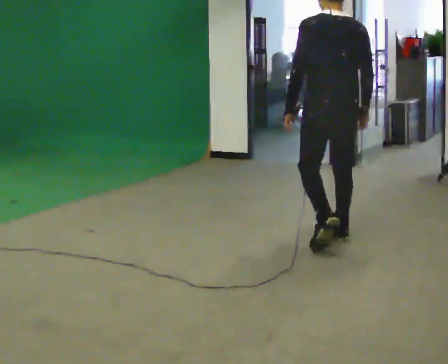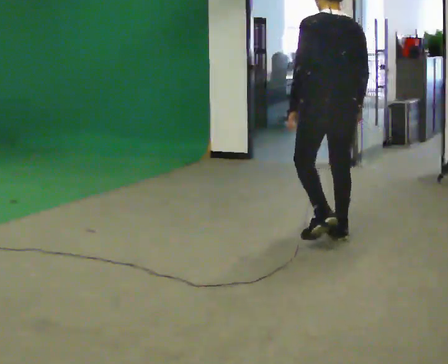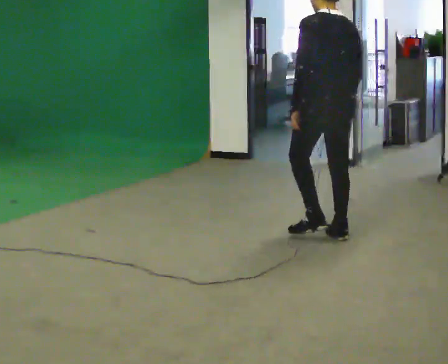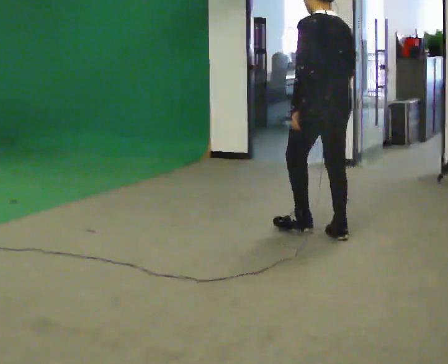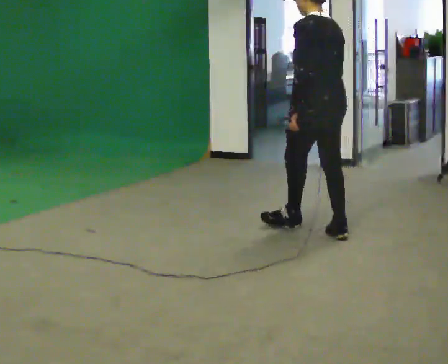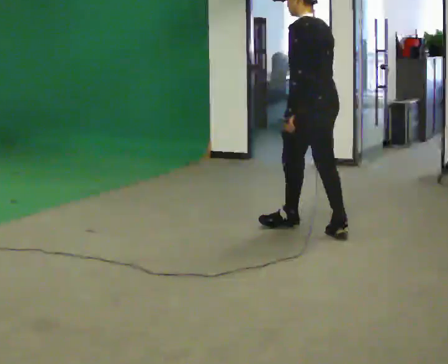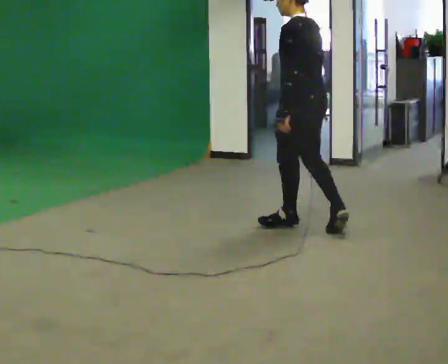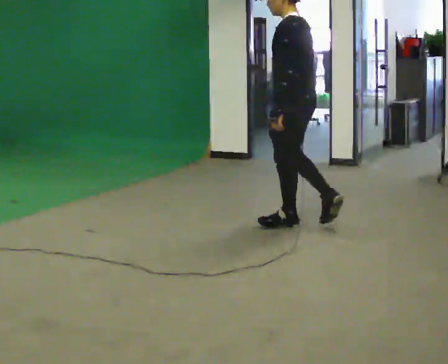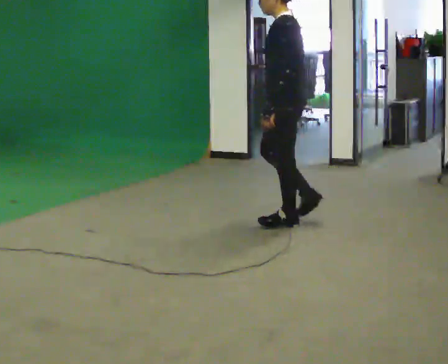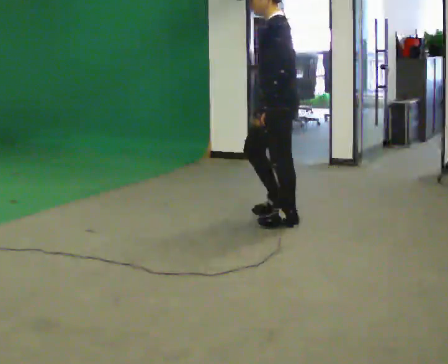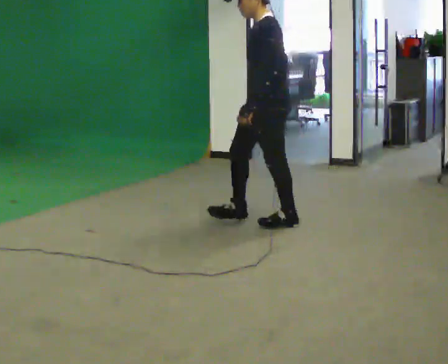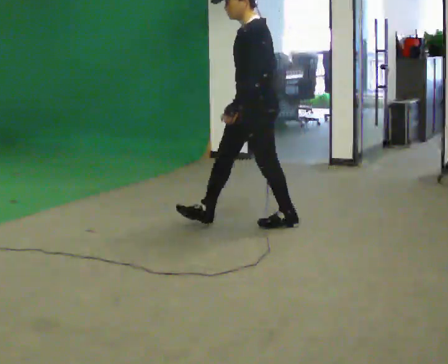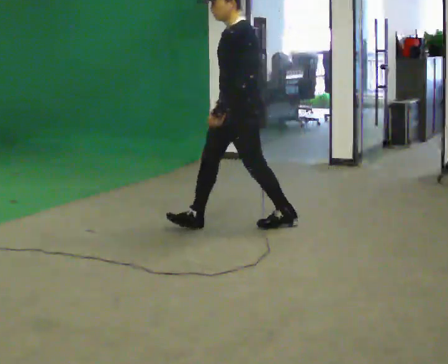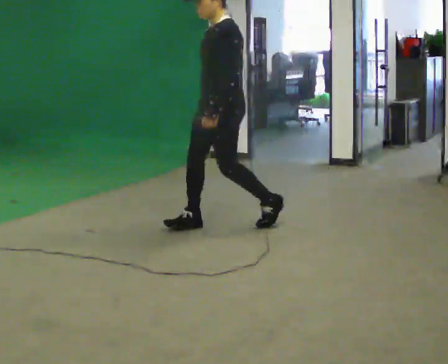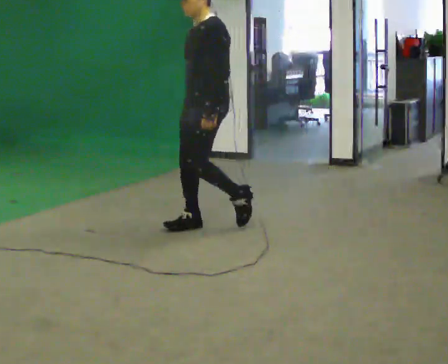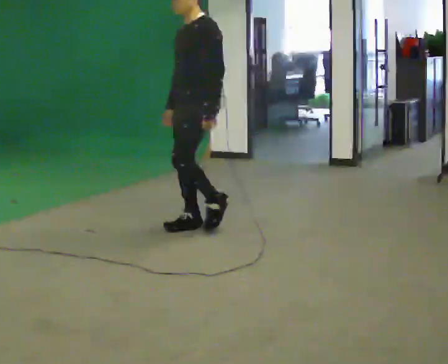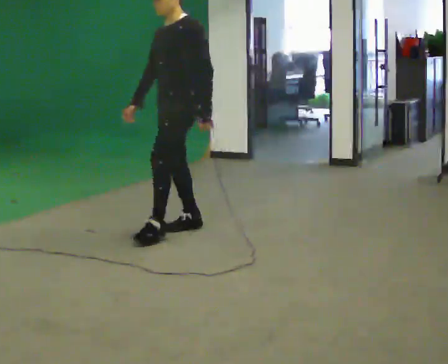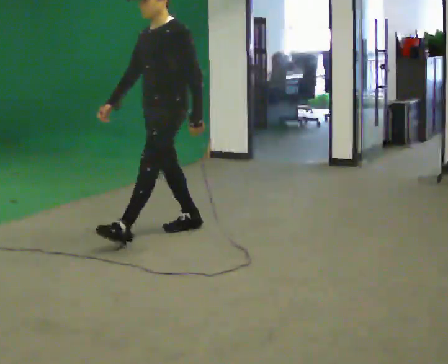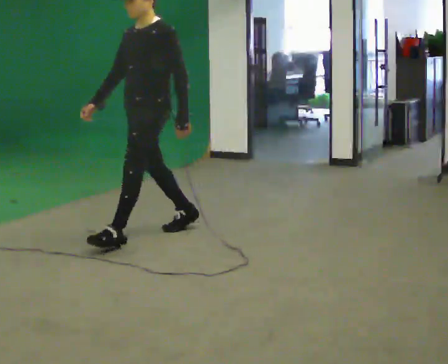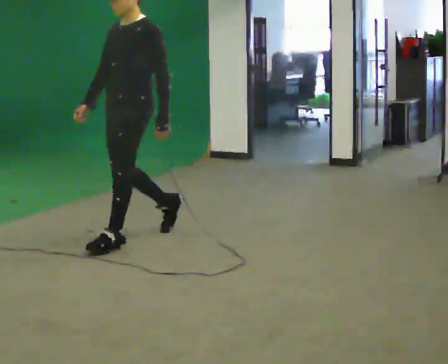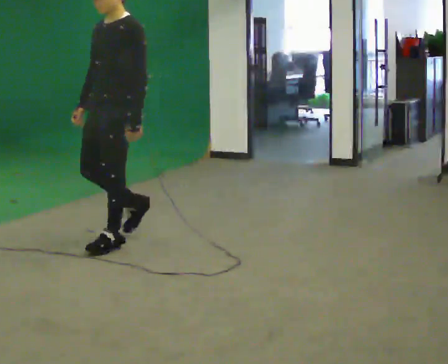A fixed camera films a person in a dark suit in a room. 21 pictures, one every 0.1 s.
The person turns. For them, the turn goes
to their left.
The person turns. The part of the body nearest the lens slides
to the right.
0.0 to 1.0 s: The person turns about 75 degrees to their left, counterclockwise seen from above, so the part of the body nearest the lens slides to the right. In the picture they go to the left and away from the camera, about 0.5 m in 1 step.
1.0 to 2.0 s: Seen from above the body turns counterclockwise, about 30 degrees: to their left, with its near side sliding to the right. In the picture they go to the left and toward the camera, about 1 m in 2 steps, which for them is forward.
The film runs forward here.
